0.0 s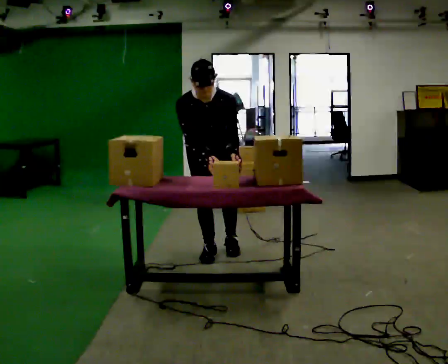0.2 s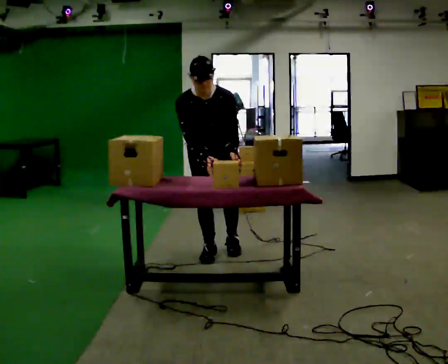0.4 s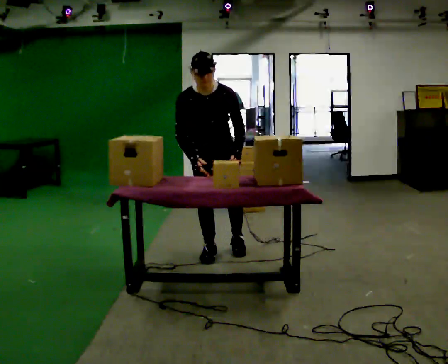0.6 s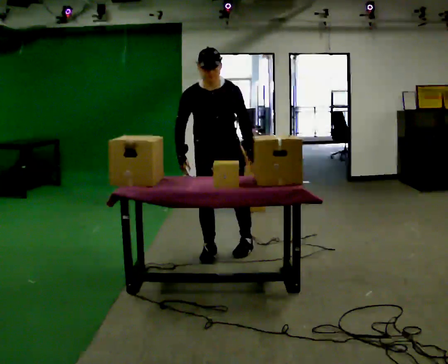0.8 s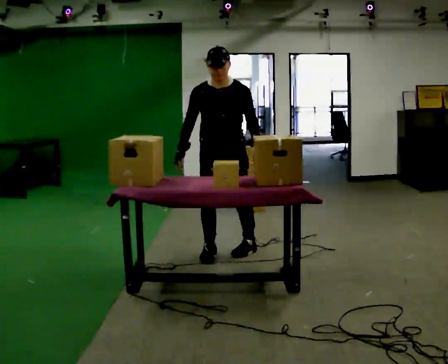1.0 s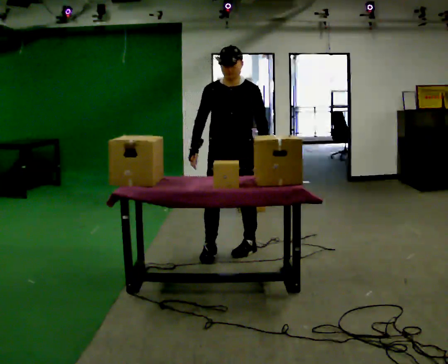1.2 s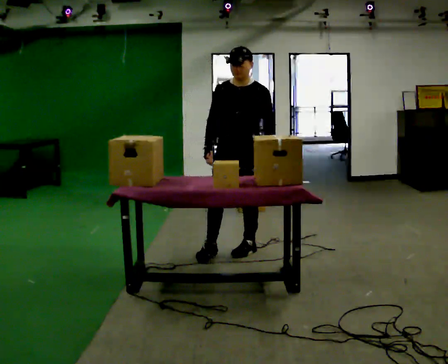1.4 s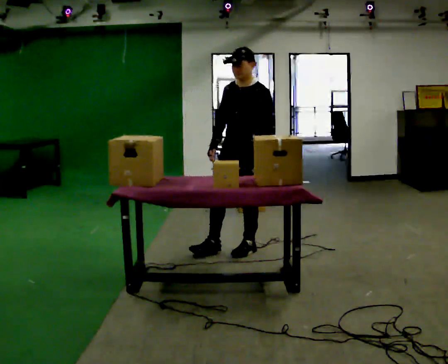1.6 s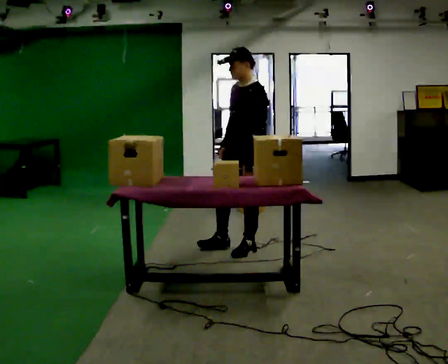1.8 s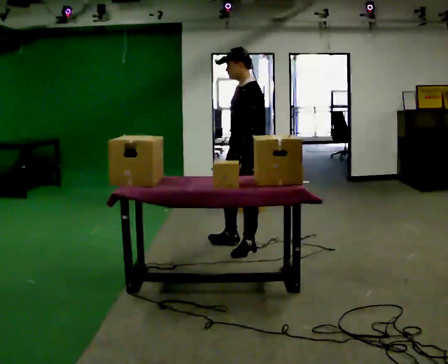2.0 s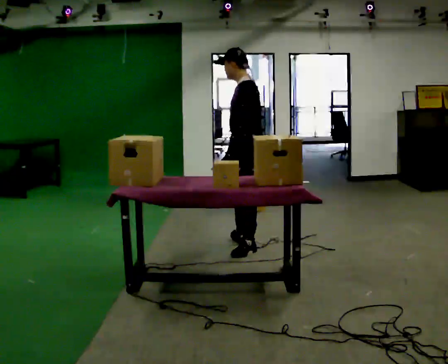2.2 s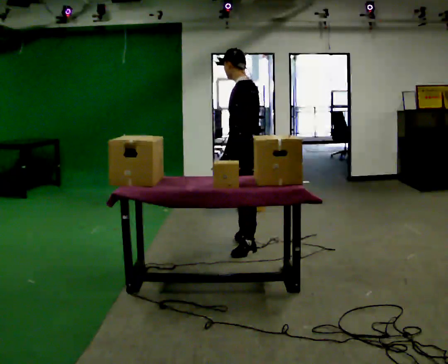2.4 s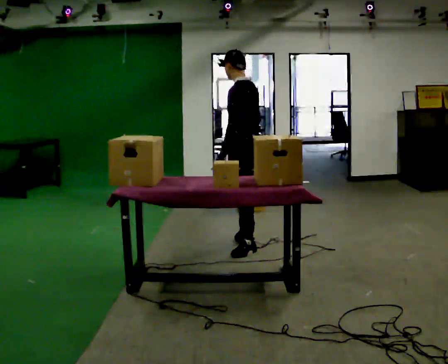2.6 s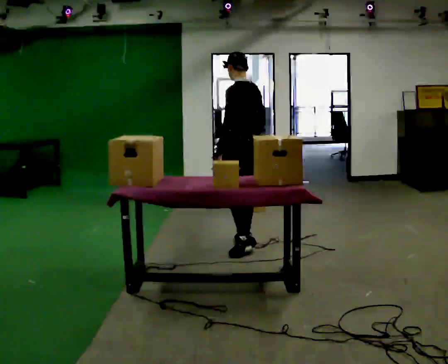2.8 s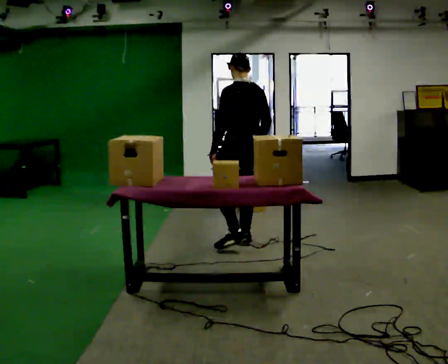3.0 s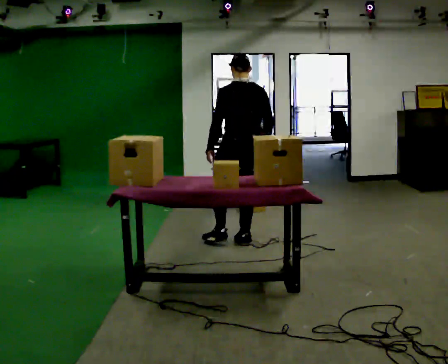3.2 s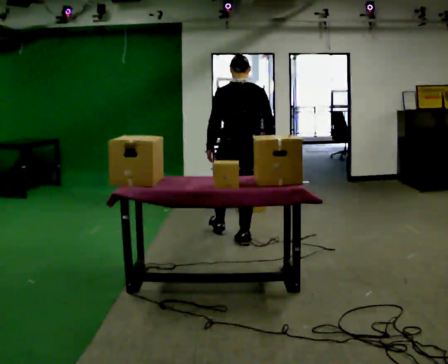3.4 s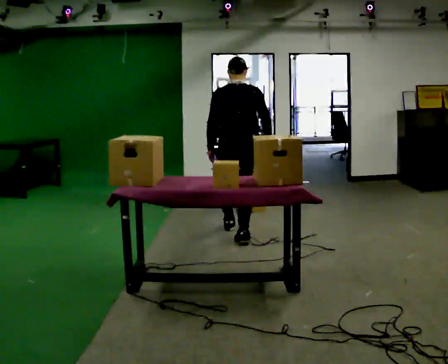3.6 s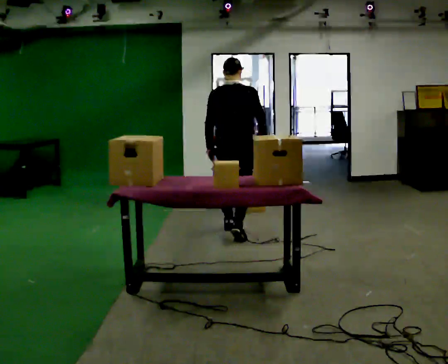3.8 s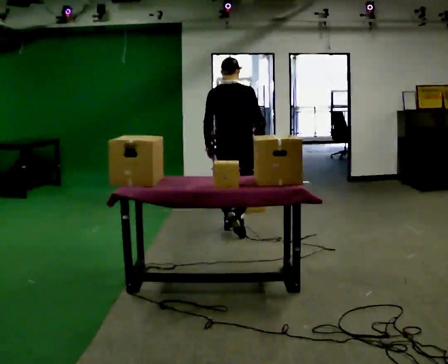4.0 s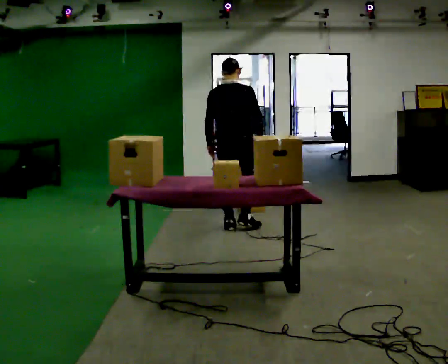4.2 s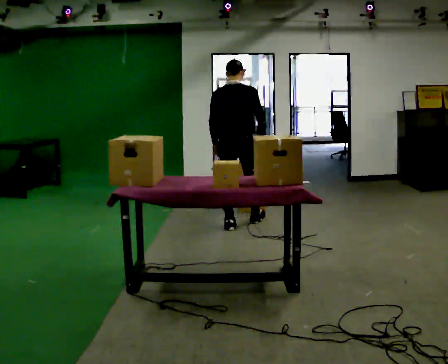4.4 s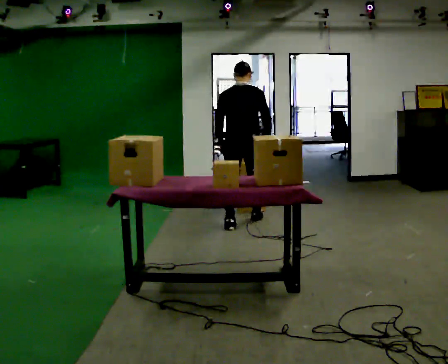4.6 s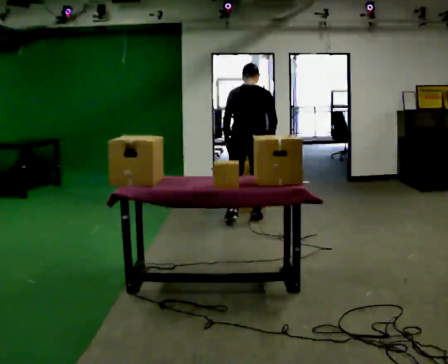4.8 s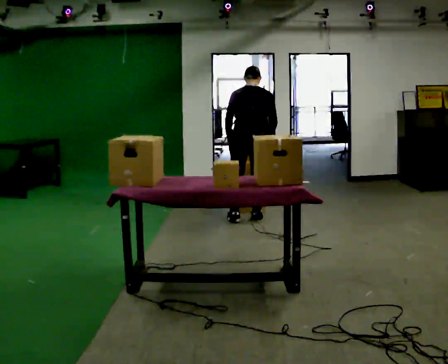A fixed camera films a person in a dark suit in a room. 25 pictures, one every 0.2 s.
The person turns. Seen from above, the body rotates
clockwise.
The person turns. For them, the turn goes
to their right.
0.0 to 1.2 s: The person turns about 45 degrees to their right, clockwise seen from above, so the part of the body nearest the lens slides to the left. In the picture they go to the right, about 0.25 m in 1 step, which for them is to their left. The upper body tips away from the camera, its near side rolling upward, as they lean back or straighten.
1.2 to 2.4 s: The part of the body nearest the lens slides to the left as the person turns to their right by about 75 degrees. In the picture they go away from the camera, about 0.25 m in 1 step. In the picture their right hand goes to the right.
2.4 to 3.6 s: The person turns about 90 degrees to their right, clockwise seen from above, so the part of the body nearest the lens slides to the left. In the picture they go away from the camera, about 0.5 m in 1 step.
3.6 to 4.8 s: In the picture they go away from the camera, about 0.5 m in 1 step, which for them is forward. The upper body tips away from the camera, its near side rolling upward, as they bend forward.
The film runs forward here.
